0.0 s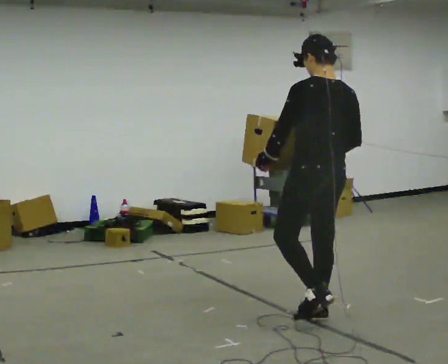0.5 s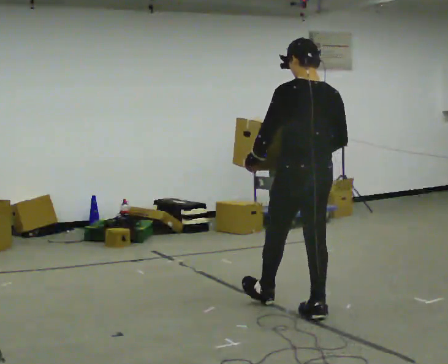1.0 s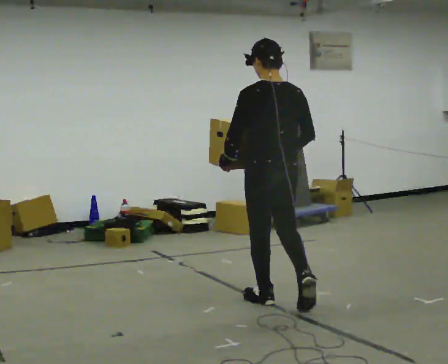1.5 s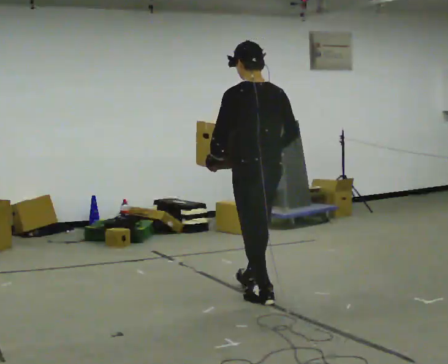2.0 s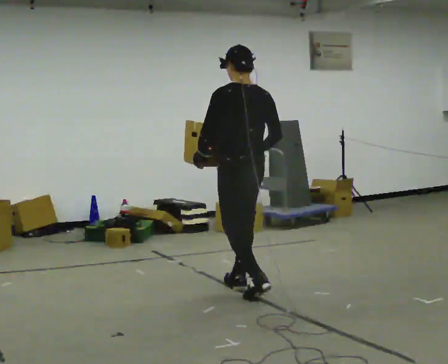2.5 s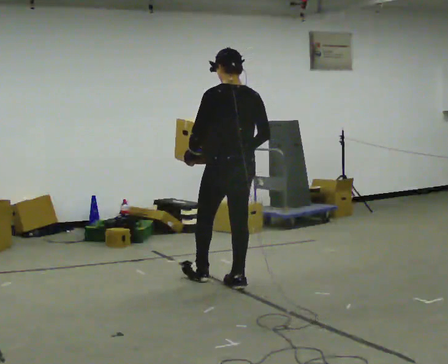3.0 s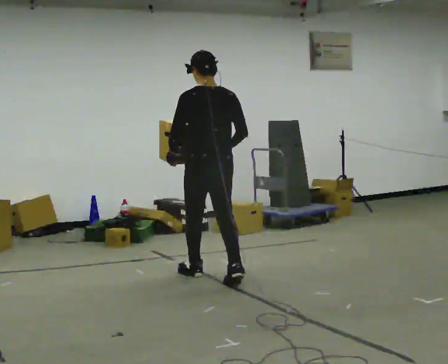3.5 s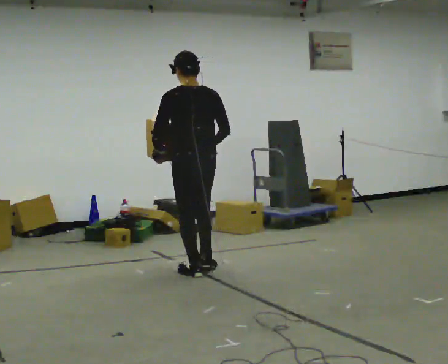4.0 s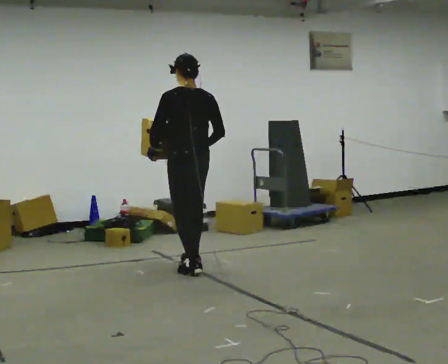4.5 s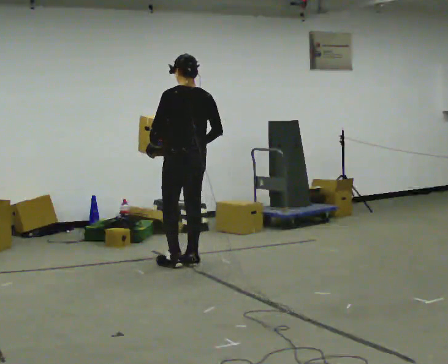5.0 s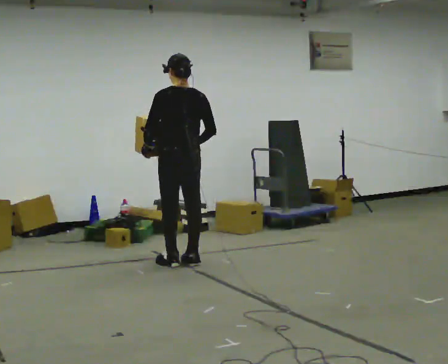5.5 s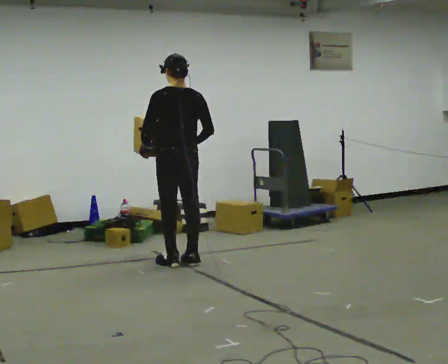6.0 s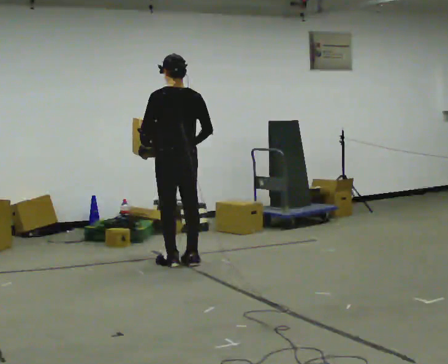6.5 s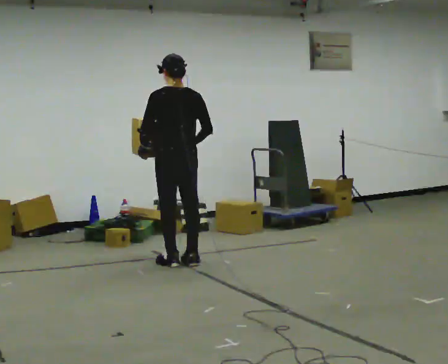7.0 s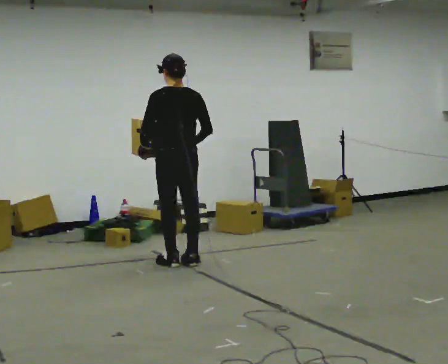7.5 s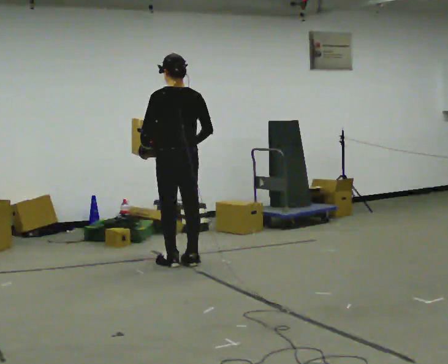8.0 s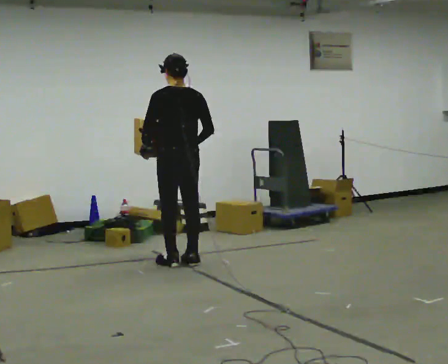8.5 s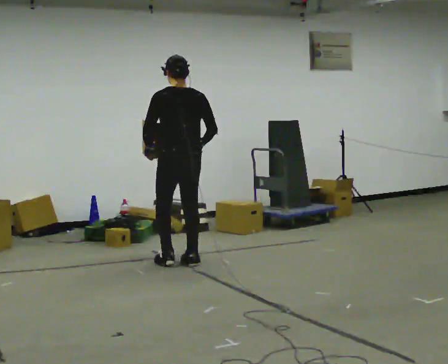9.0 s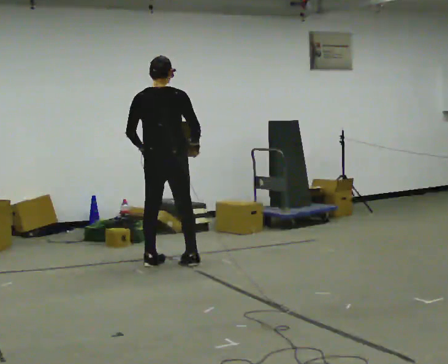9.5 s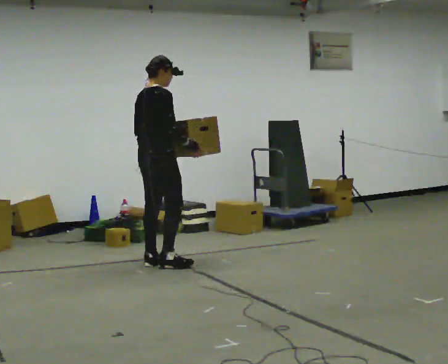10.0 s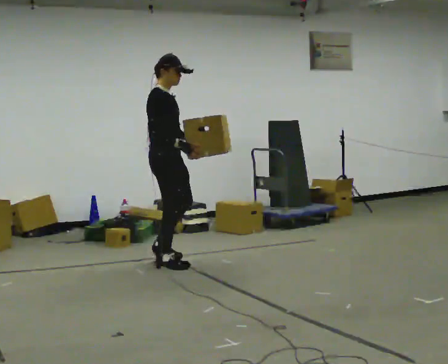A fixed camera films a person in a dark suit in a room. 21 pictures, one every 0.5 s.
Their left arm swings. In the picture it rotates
counterclockwise.
The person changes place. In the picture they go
away from the camera.
0.0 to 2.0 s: In the picture they go away from the camera and to the left, about 1 m in 2 steps, which for them is forward.
2.0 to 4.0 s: In the picture they go away from the camera and to the left, about 1 m in 2 steps, which for them is forward.
4.0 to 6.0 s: In the picture they go away from the camera, about 0.25 m in 1 step, which for them is forward.
6.0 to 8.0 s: The person keeps their place and pose.
8.0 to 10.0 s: The part of the body nearest the lens slides to the left as the person turns to their right by about 135 degrees. In the picture their left hand goes to the right, the arm swinging counterclockwise.
The film runs forward here.
